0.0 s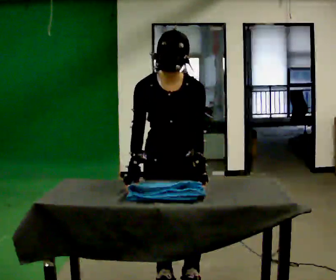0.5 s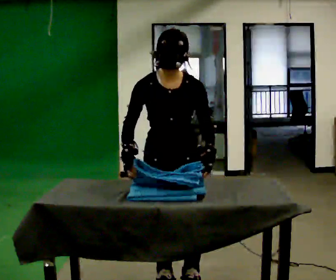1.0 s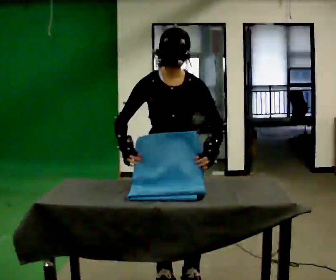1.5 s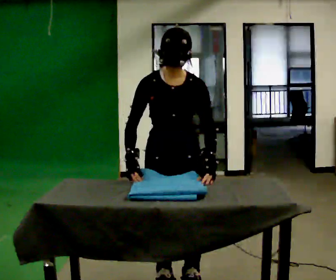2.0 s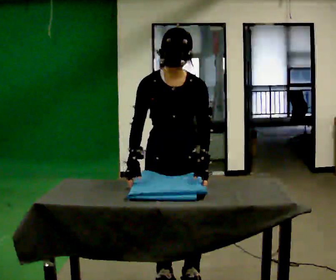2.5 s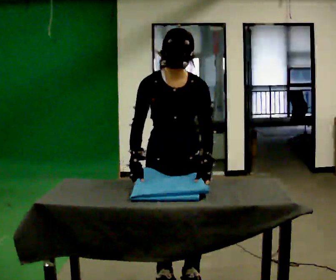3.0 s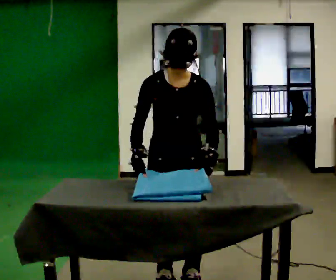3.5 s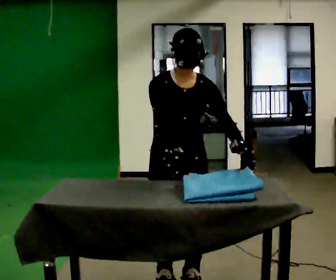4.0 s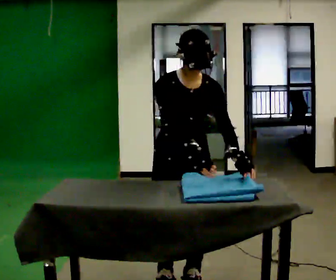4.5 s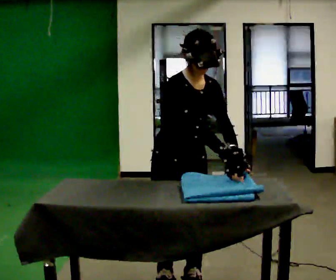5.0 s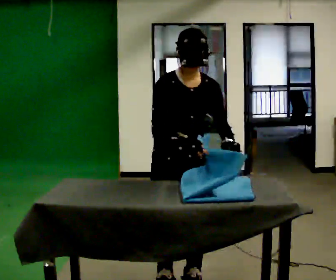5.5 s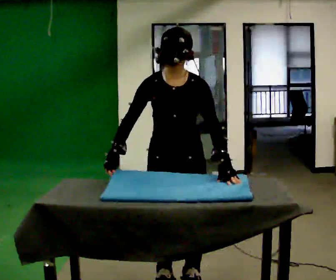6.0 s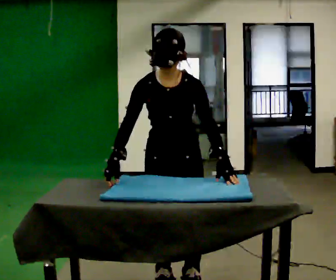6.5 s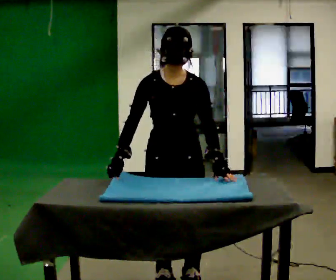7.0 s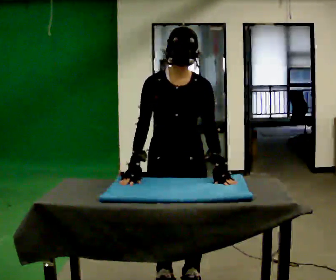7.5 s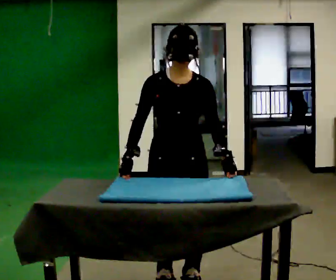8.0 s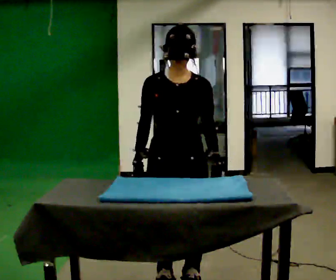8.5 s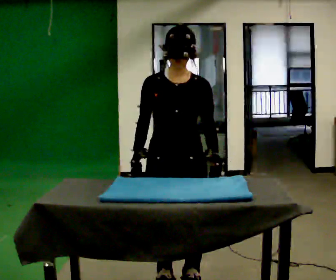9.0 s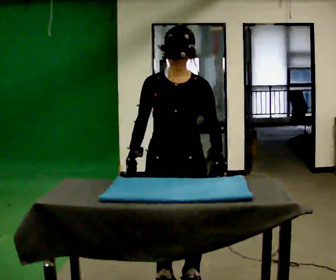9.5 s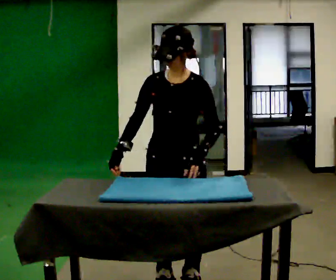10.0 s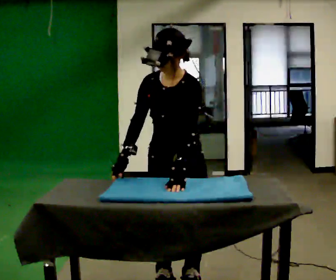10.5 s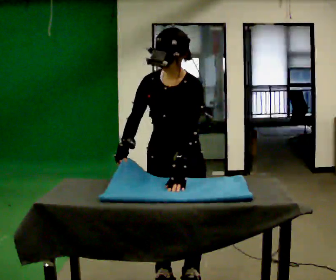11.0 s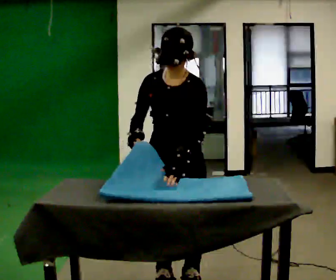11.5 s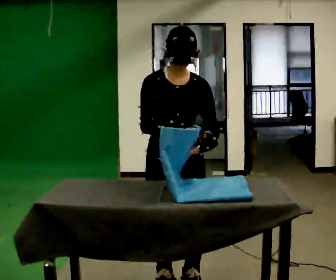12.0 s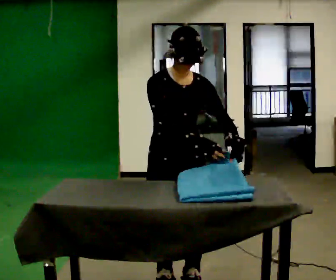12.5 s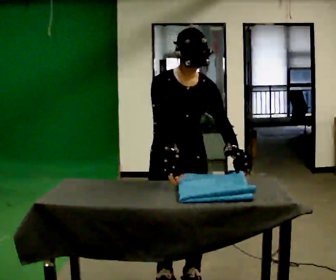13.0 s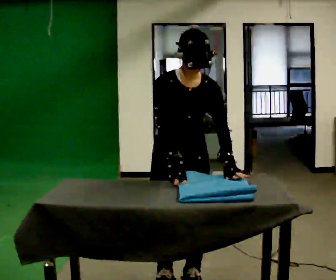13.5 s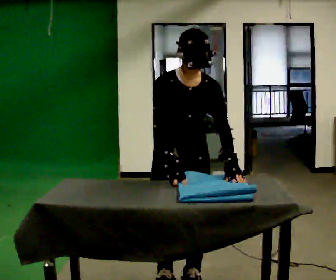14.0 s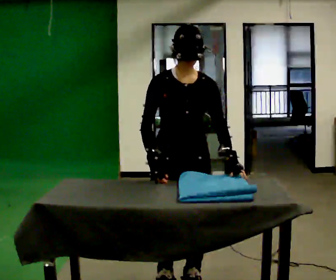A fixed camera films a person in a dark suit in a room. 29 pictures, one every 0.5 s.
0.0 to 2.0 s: The person moves a little, or ends about where they began.
2.0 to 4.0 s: In the picture their right hand goes to the right.
4.0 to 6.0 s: In the picture their right hand goes to the left.
6.0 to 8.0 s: The person moves a little, or ends about where they began.
8.0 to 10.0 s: The part of the body nearest the lens slides to the left as the person turns to their right by about 30 degrees.
10.0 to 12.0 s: The person turns about 45 degrees to their left, counterclockwise seen from above, so the part of the body nearest the lens slides to the right. In the picture their right hand goes to the right.
12.0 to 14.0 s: The person moves a little, or ends about where they began.
The film runs forward here.
